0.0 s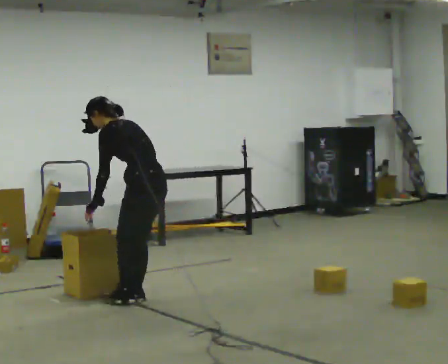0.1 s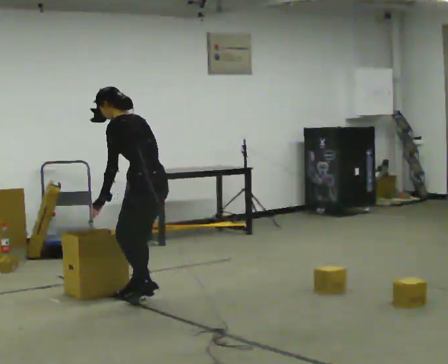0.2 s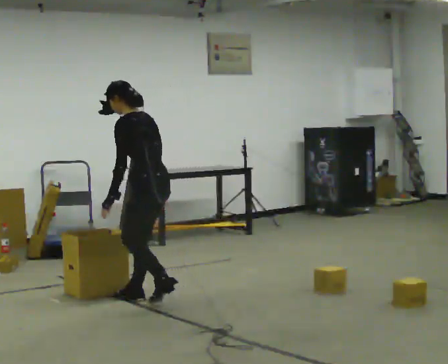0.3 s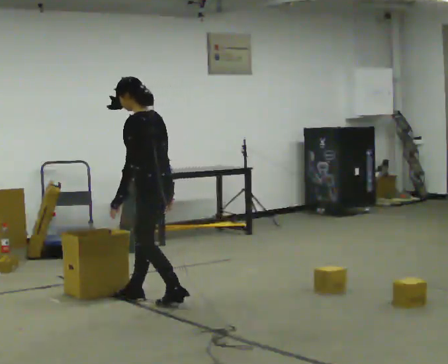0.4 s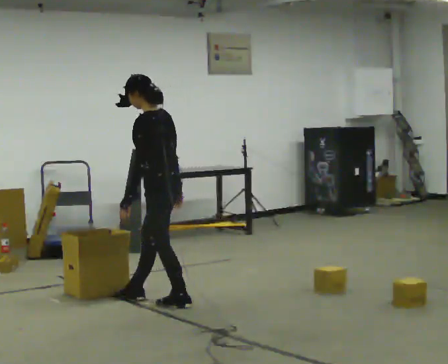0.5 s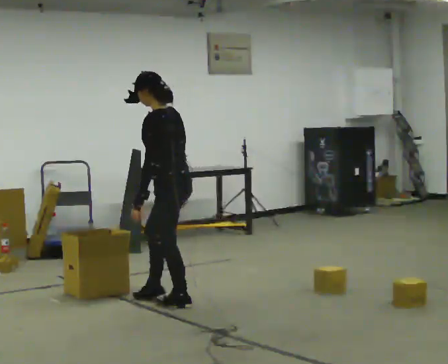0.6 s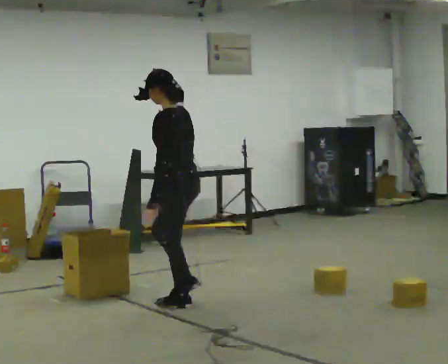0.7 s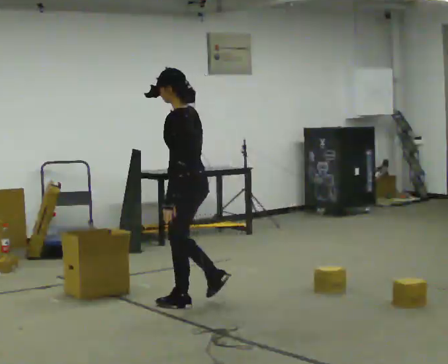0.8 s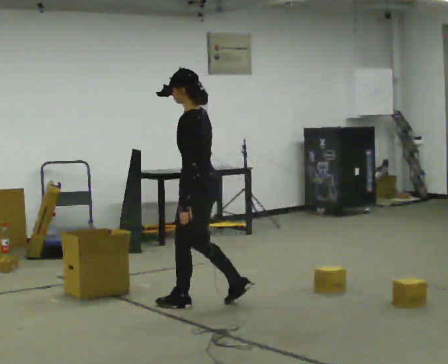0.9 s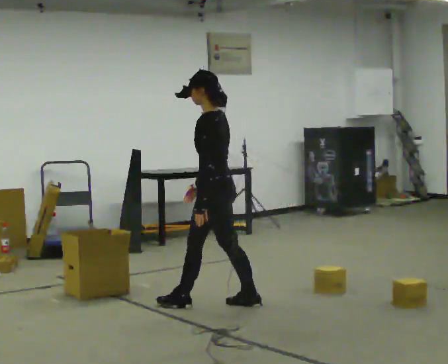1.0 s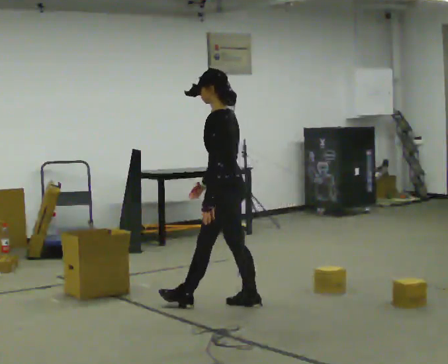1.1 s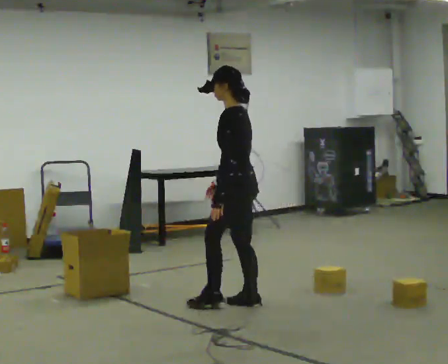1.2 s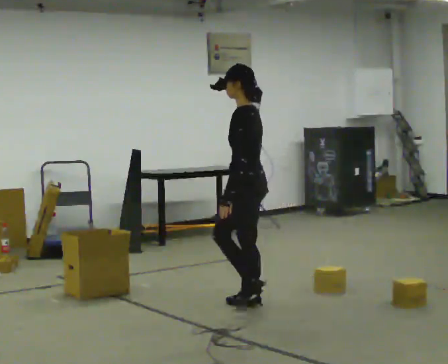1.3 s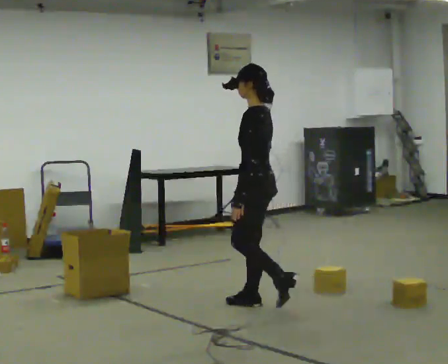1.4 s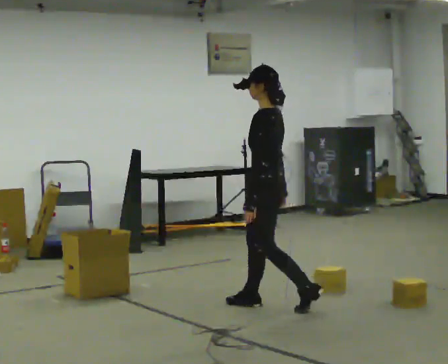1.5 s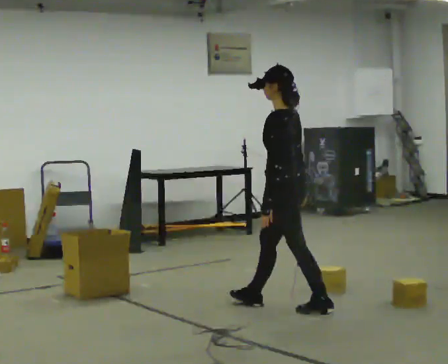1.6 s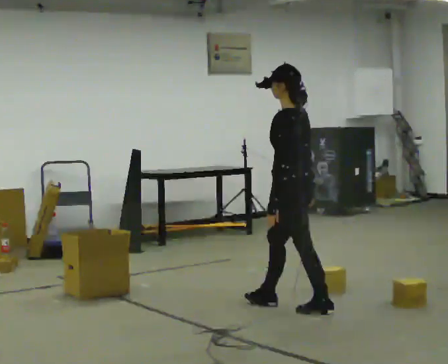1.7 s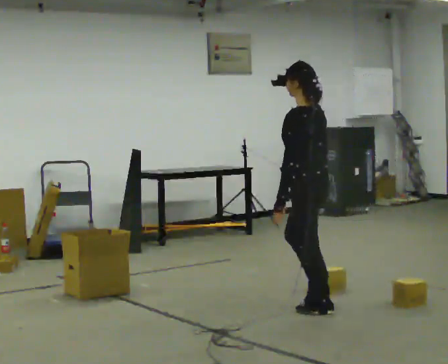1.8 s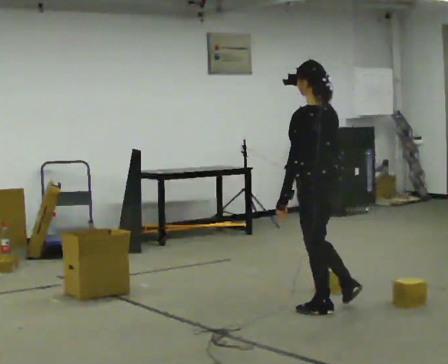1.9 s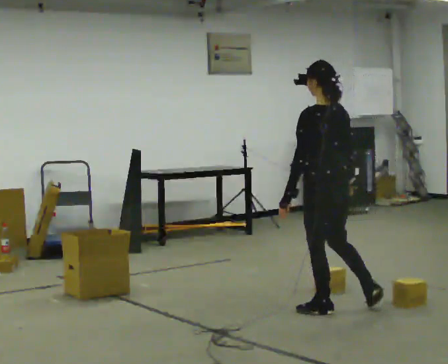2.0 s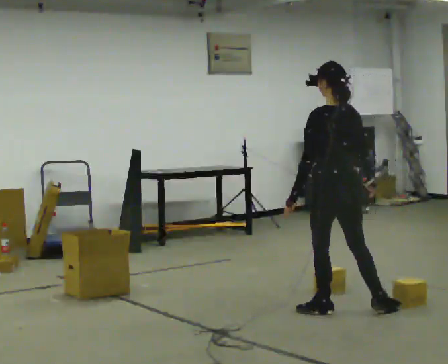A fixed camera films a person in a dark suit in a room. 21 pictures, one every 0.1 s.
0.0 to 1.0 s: In the picture they go to the right, about 0.5 m in 2 steps, which for them is backward. In the picture the upper body tilts clockwise, shoulders to the right, as they lean back or straighten.
1.0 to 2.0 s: The part of the body nearest the lens slides to the left as the person turns to their right by about 45 degrees. In the picture they go to the right and toward the camera, about 0.5 m in 1 step, which for them is backward.
The film runs backward here.
